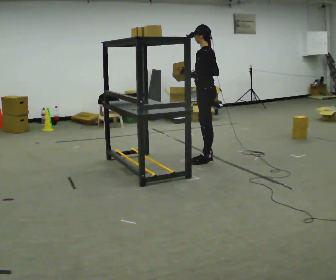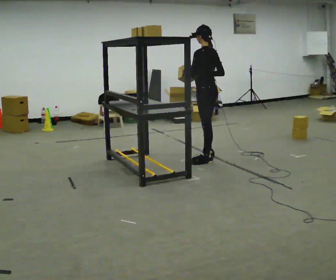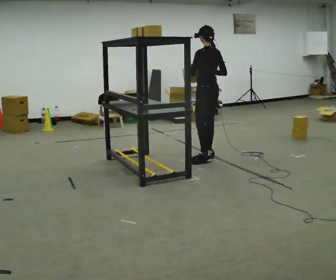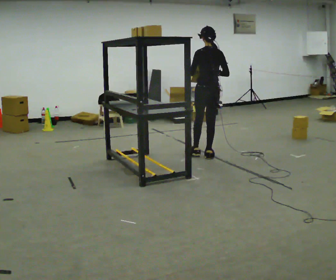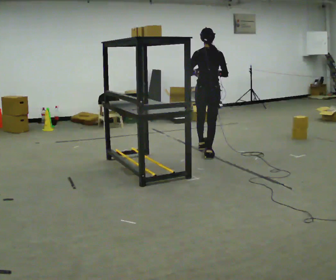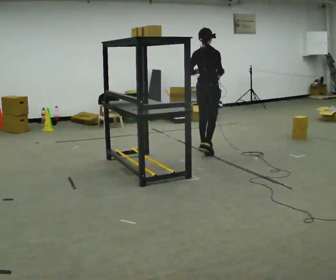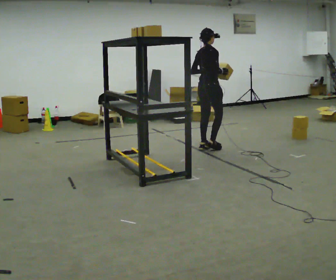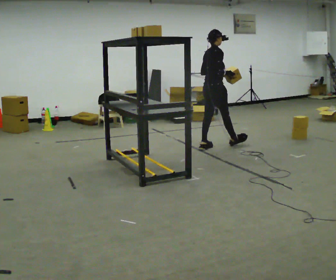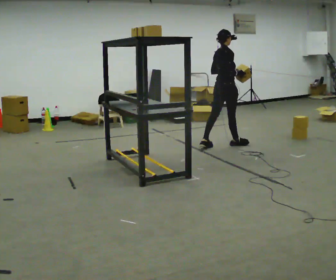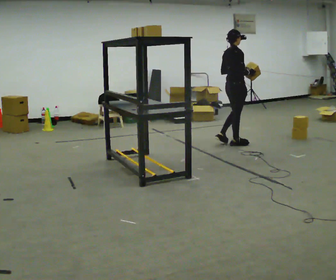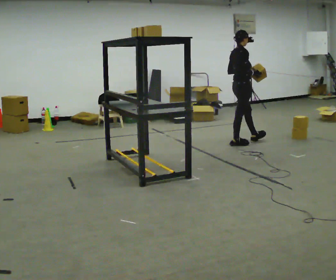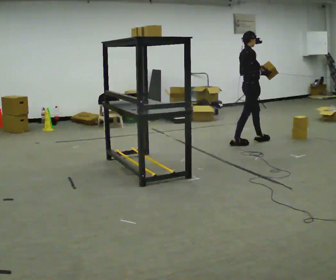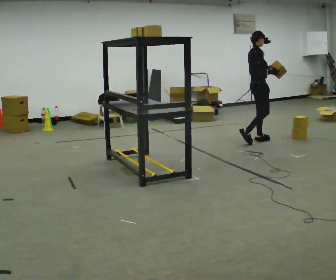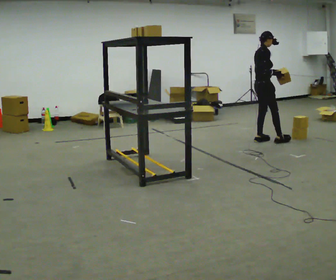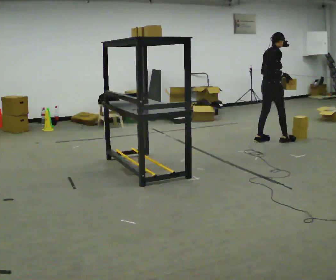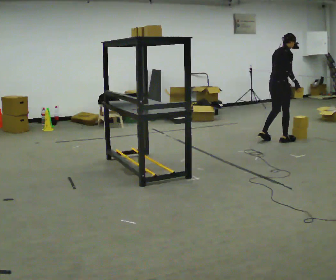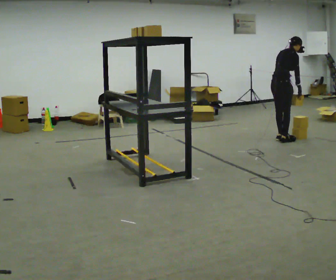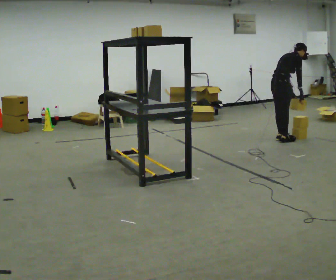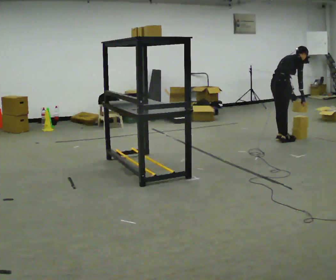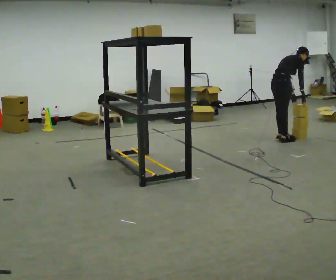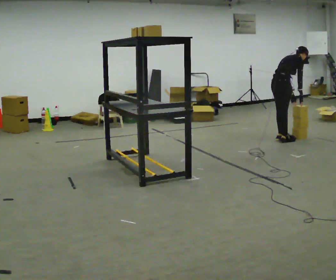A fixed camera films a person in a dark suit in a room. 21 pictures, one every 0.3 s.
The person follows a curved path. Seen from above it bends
clockwise.
0.0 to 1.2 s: Seen from above the body turns clockwise, about 75 degrees: to their right, with its near side sliding to the left. In the picture they go away from the camera, about 0.25 m.
1.2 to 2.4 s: Seen from above the body turns clockwise, about 45 degrees: to their right, with its near side sliding to the left. In the picture they go away from the camera and to the right, about 0.5 m in 2 steps, which for them is forward and to their left.
2.4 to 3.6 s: The part of the body nearest the lens slides to the left as the person turns to their right by about 30 degrees. In the picture they go to the right and away from the camera, about 0.5 m in 1 step, which for them is forward.
3.6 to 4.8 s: Seen from above the body turns counterclockwise, about 30 degrees: to their left, with its near side sliding to the right. In the picture they go to the right, about 0.25 m in 1 step, which for them is forward and to their right. In the picture the upper body tilts clockwise, shoulders to the right, as they bend forward.
4.8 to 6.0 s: In the picture the upper body tilts clockwise, shoulders to the right, as they bend forward.
The film runs forward here.
